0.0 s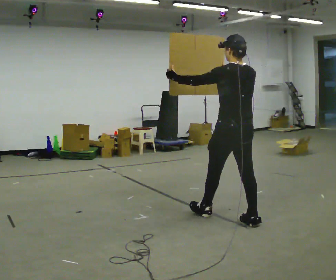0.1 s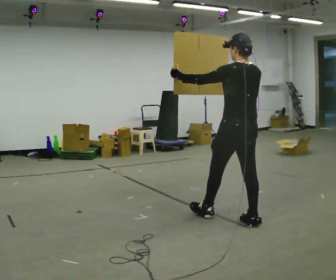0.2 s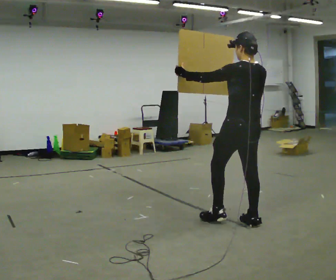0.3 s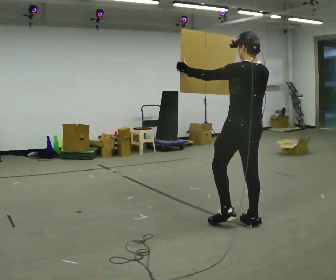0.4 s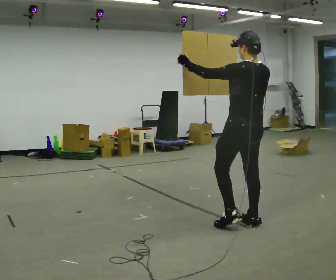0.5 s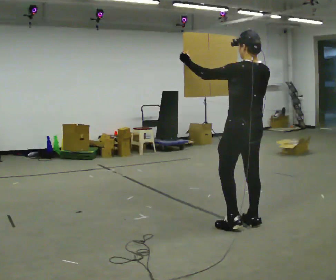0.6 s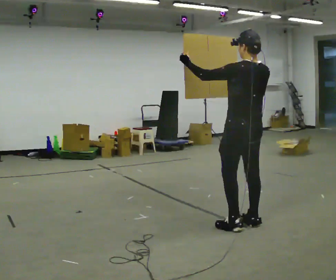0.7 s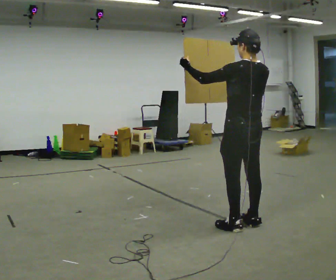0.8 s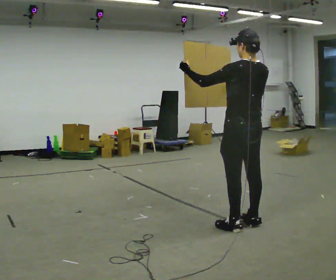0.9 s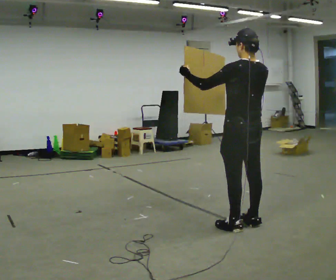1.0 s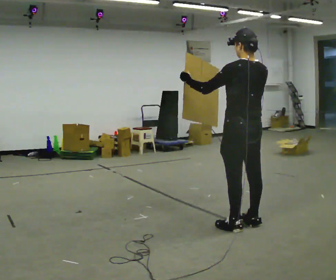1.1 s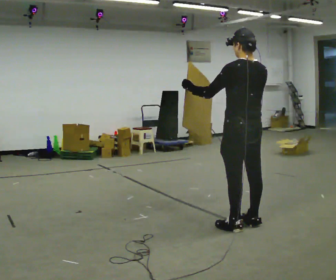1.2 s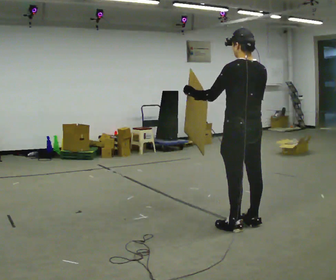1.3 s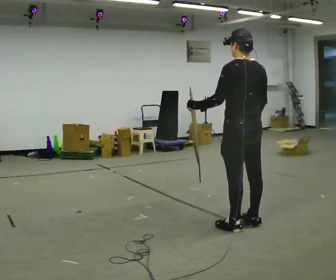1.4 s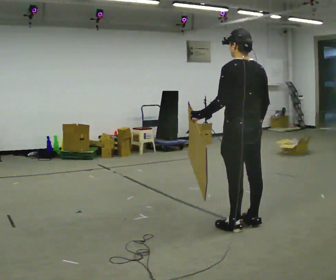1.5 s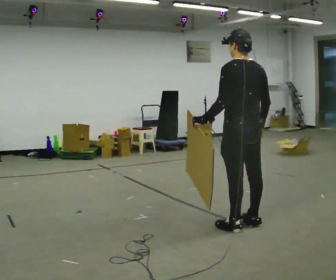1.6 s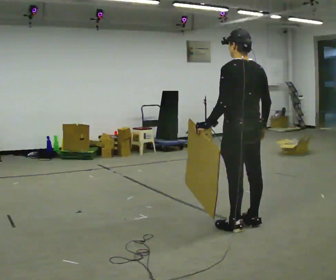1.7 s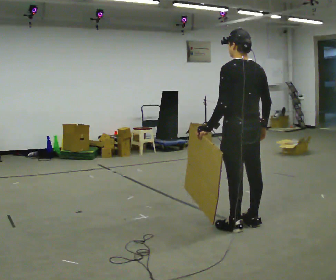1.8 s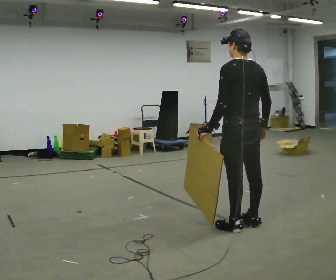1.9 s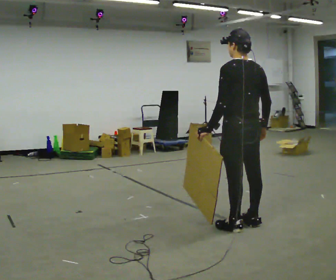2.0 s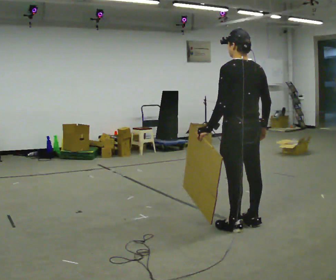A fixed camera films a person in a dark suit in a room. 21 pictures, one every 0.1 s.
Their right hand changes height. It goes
downward.
0.0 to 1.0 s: In the picture they go toward the camera, about 0.25 m in 1 step, which for them is backward.
1.0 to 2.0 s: The person moves a little, or ends about where they began.
The film runs backward here.
